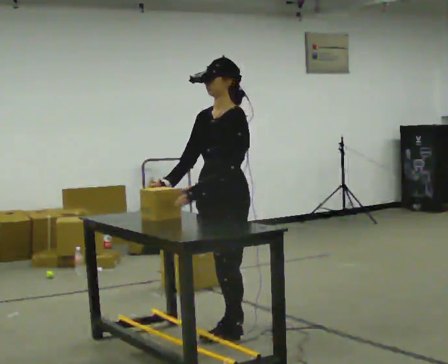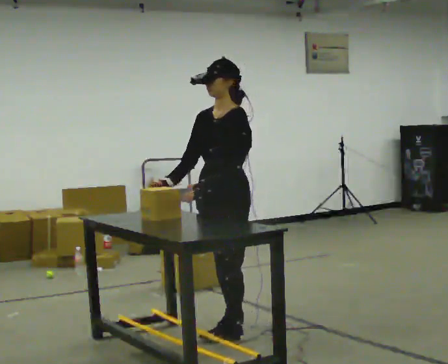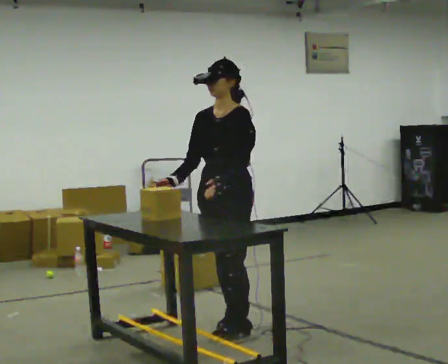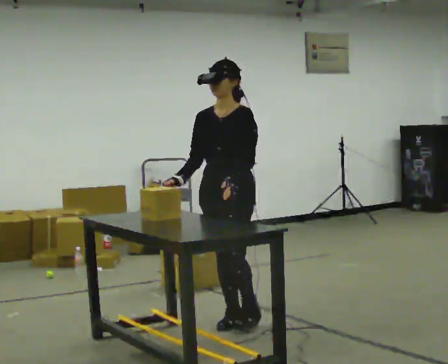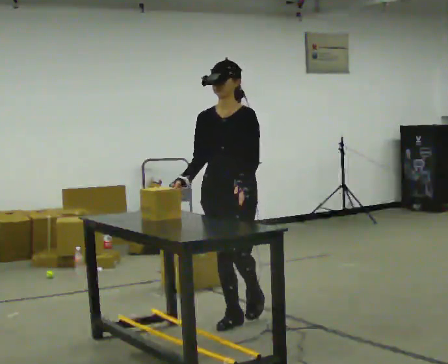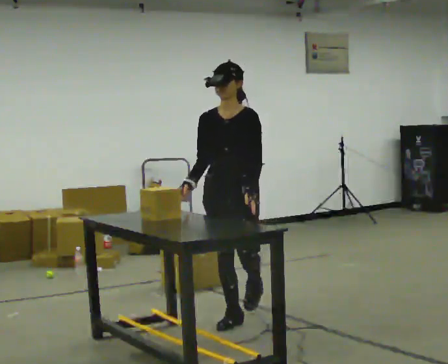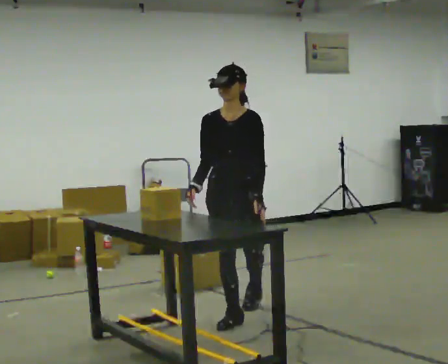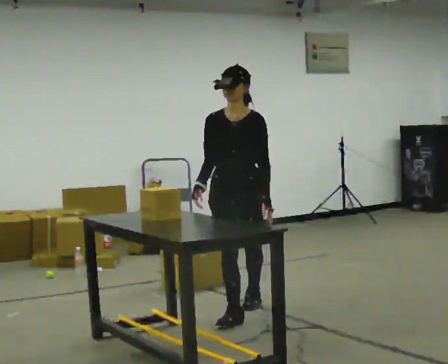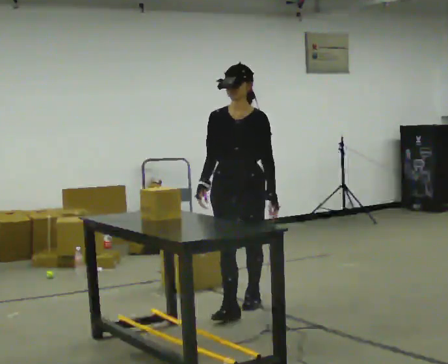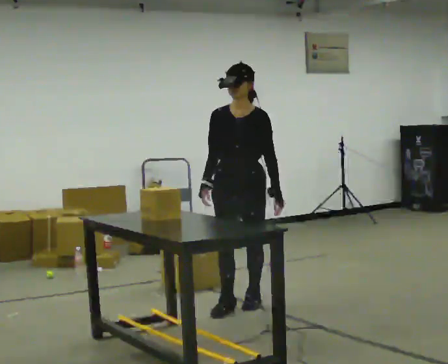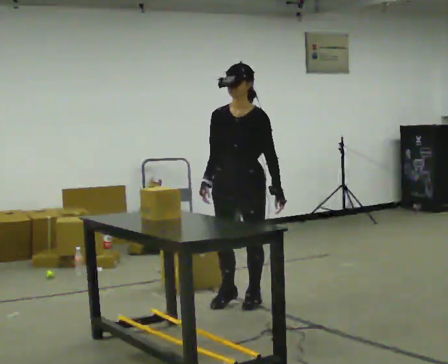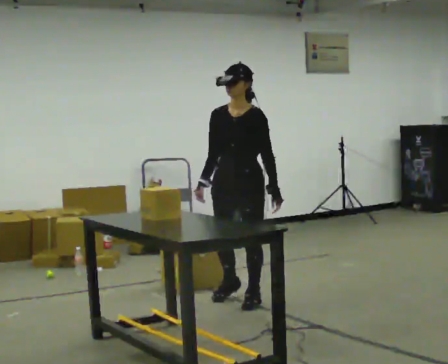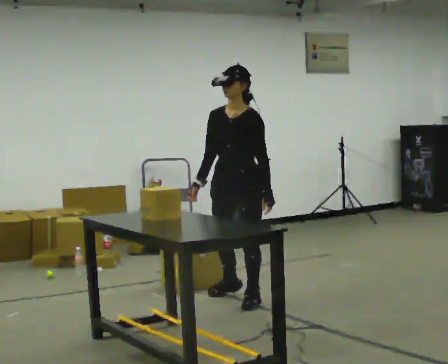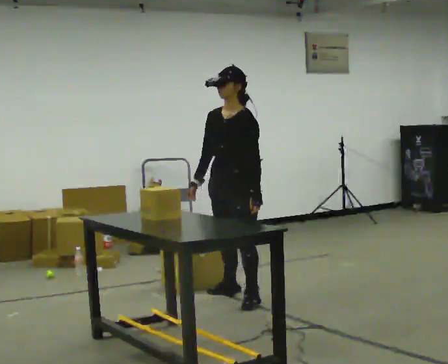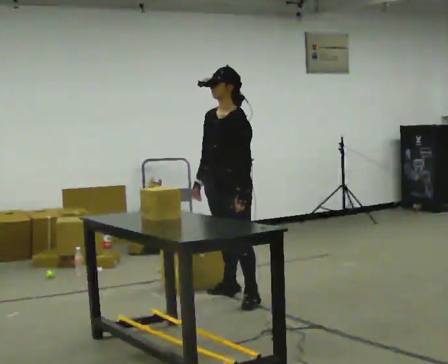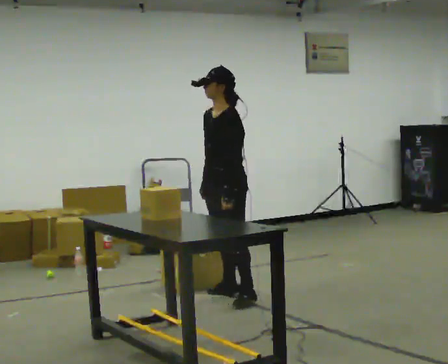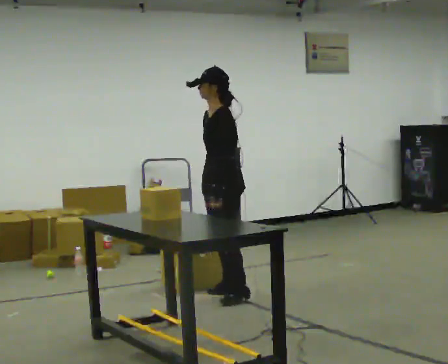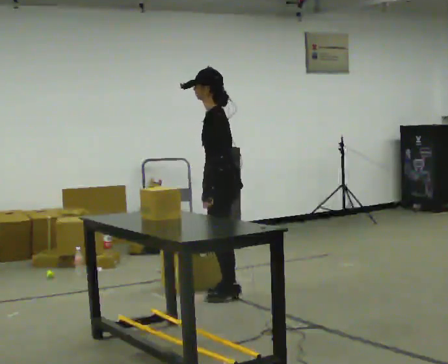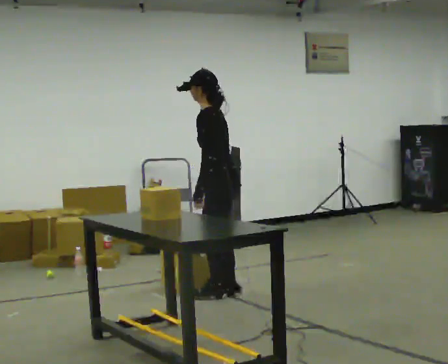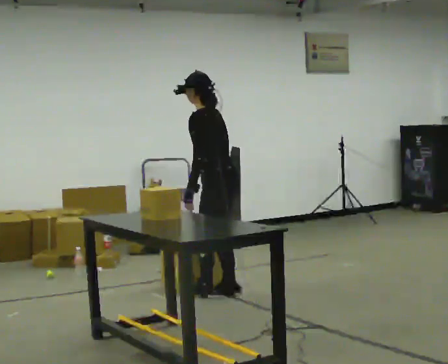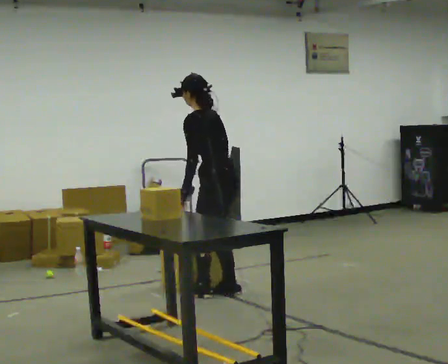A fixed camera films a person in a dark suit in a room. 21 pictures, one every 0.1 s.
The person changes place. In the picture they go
away from the camera.
0.0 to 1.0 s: Seen from above the body turns counterclockwise, about 30 degrees: to their left, with its near side sliding to the right. In the picture they go away from the camera, about 0.5 m in 2 steps, which for them is backward.
1.0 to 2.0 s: The person turns about 105 degrees to their right, clockwise seen from above, so the part of the body nearest the lens slides to the left. In the picture they go away from the camera, about 0.25 m in 1 step. In the picture the upper body tilts counterclockwise, shoulders to the left, as they bend forward.
The film runs backward here.
